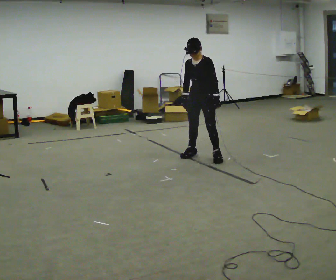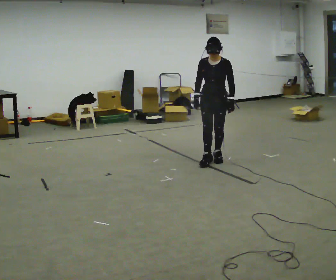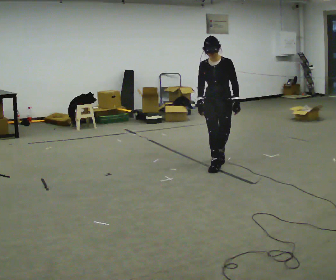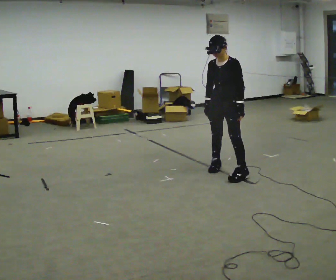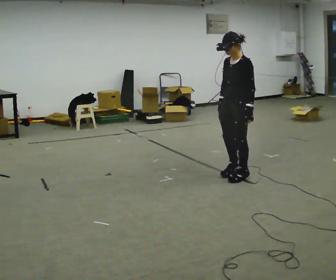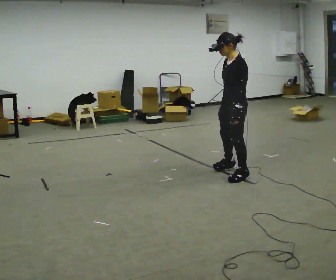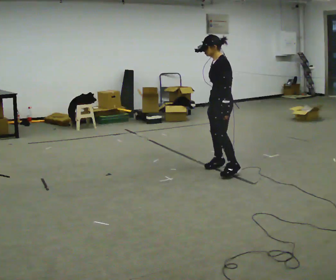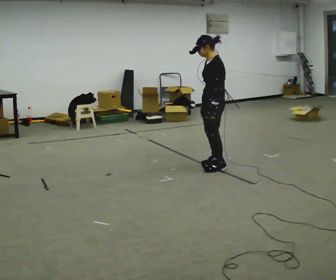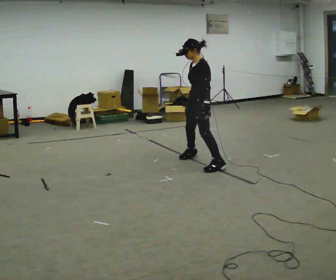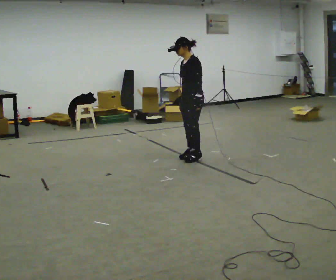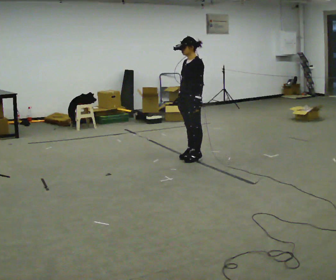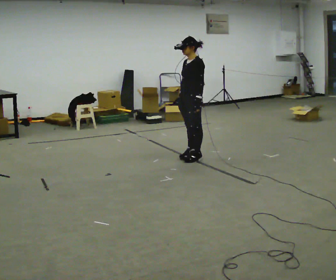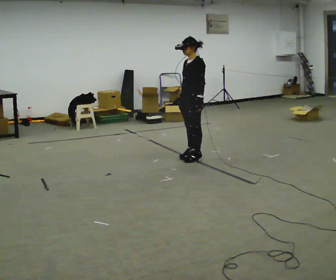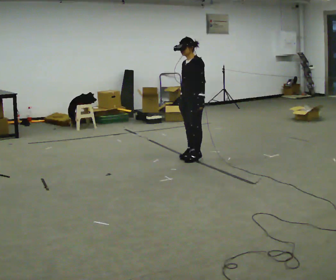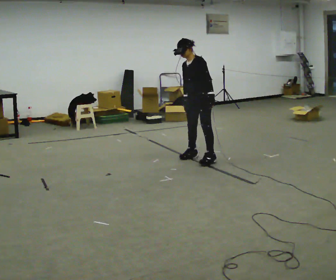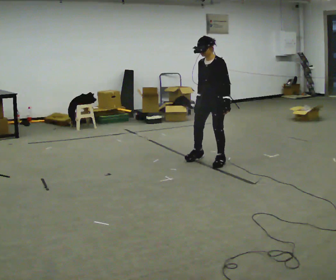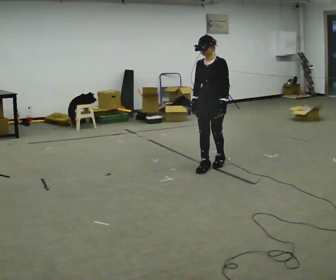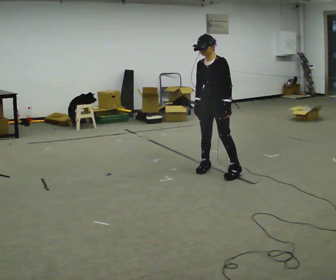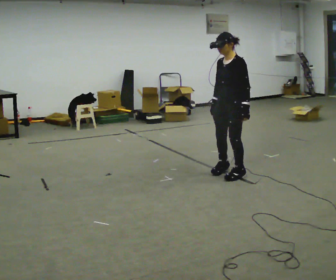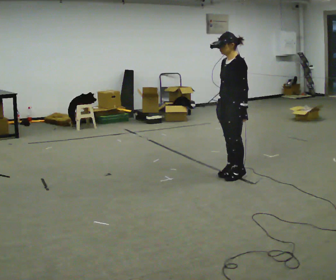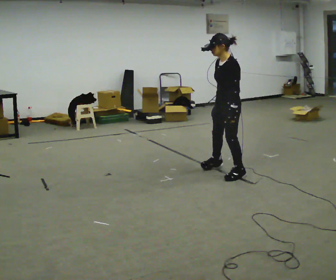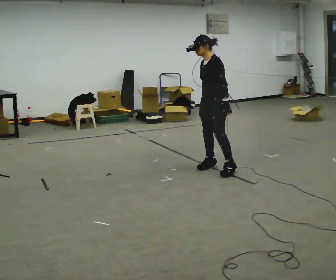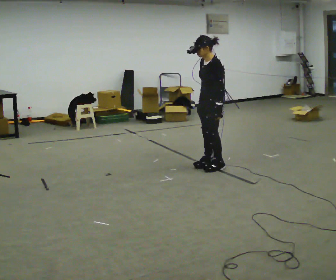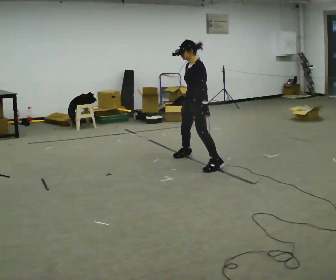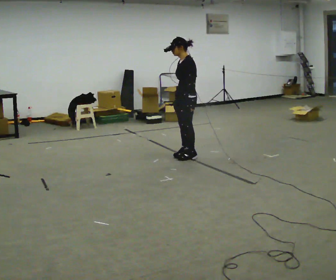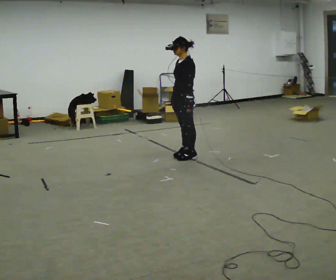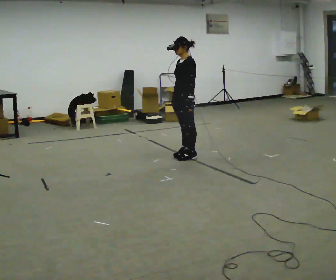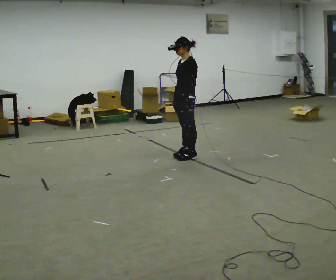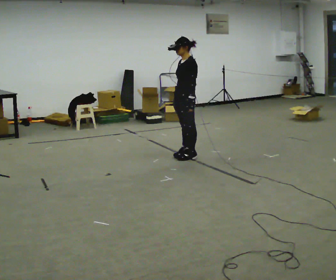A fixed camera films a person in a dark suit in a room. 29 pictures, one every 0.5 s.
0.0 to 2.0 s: Seen from above the body turns clockwise, about 30 degrees: to their right, with its near side sliding to the left. In the picture they go toward the camera and to the right, about 1 m in 2 steps, which for them is forward and to their left.
2.0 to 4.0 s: In the picture they go away from the camera and to the left, about 0.75 m in 4 steps, which for them is to their right and forward.
4.0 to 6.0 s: In the picture they go away from the camera, about 0.25 m in 1 step, which for them is to their right.
6.0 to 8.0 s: Seen from above the body turns counterclockwise, about 30 degrees: to their left, with its near side sliding to the right. In the picture they go toward the camera and to the right, about 0.5 m in 2 steps, which for them is to their left.
8.0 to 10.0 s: The person turns about 45 degrees to their right, clockwise seen from above, so the part of the body nearest the lens slides to the left. In the picture they go toward the camera and to the right, about 0.25 m in 2 steps, which for them is to their left.
10.0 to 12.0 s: In the picture they go away from the camera and to the left, about 1 m in 4 steps, which for them is to their right.
12.0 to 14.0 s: The person moves a little, or ends about where they began.
The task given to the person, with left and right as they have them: Move laterally left/right for ~3 m; natural controlled steps; stop.
The film runs forward here.
